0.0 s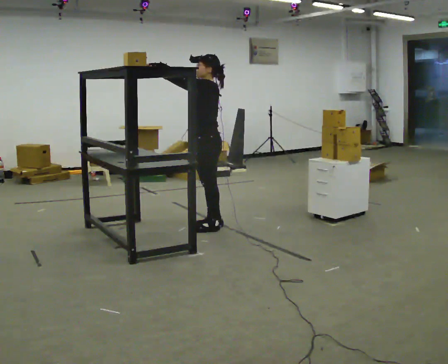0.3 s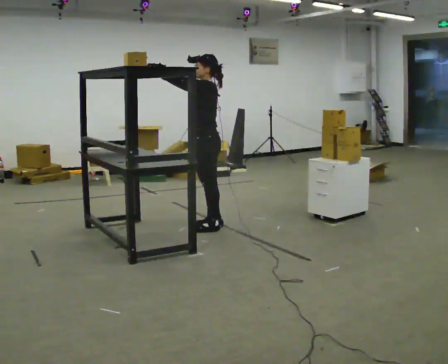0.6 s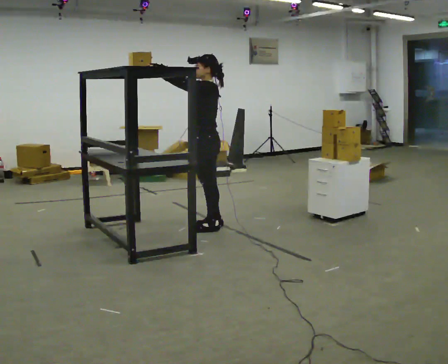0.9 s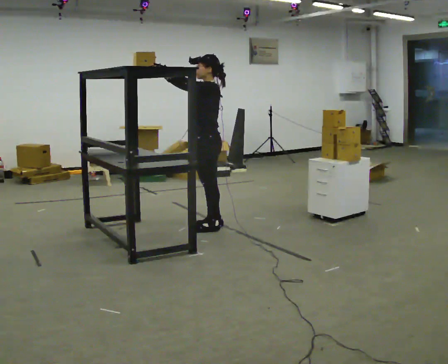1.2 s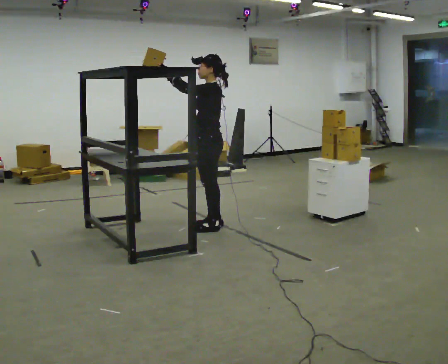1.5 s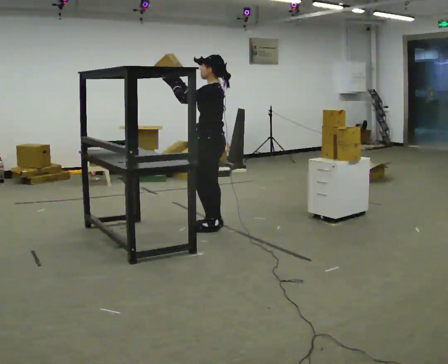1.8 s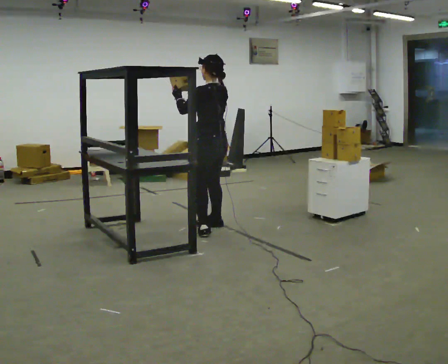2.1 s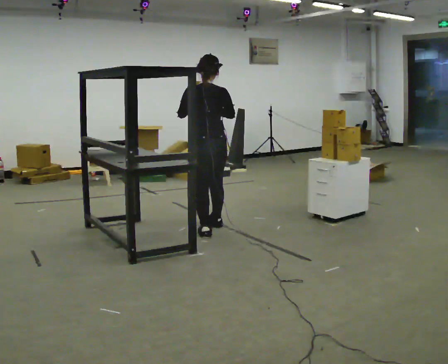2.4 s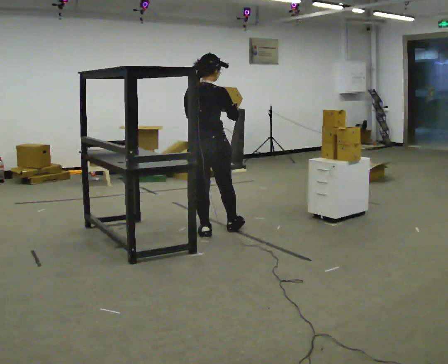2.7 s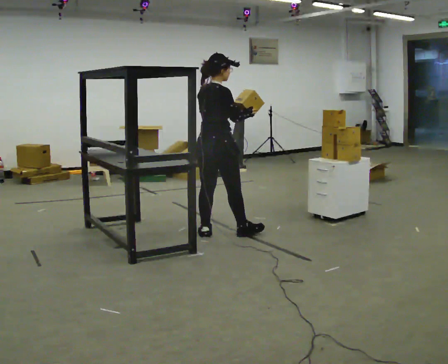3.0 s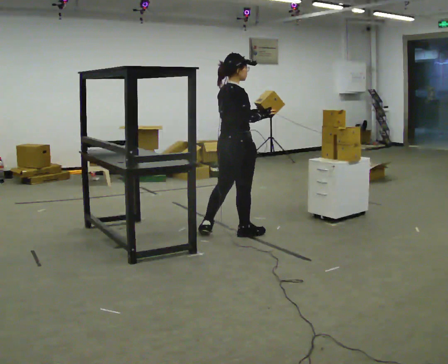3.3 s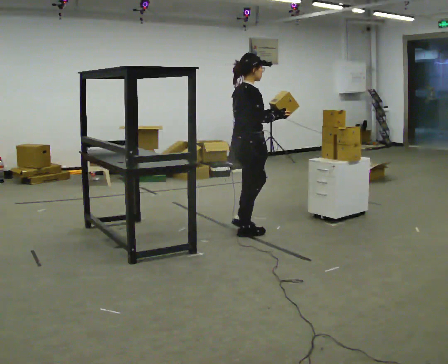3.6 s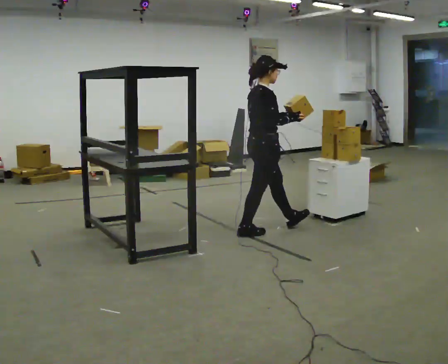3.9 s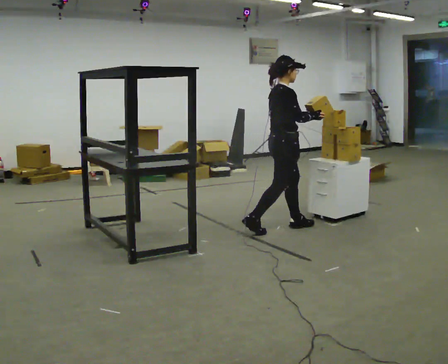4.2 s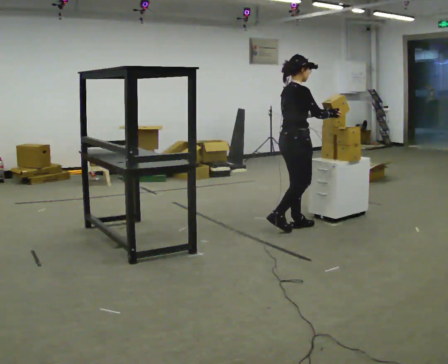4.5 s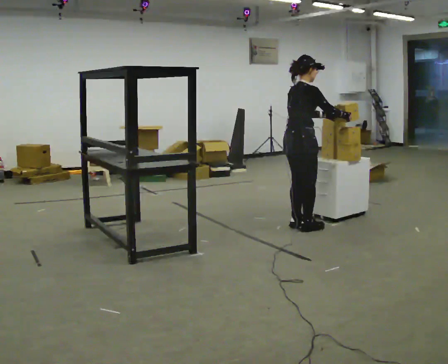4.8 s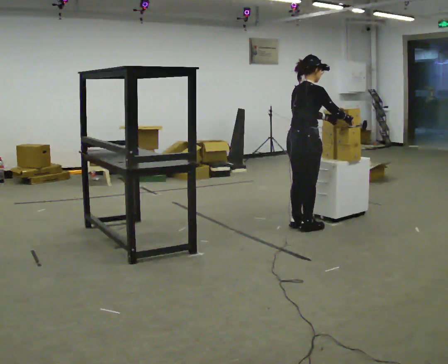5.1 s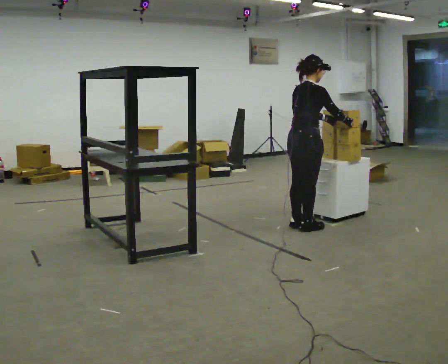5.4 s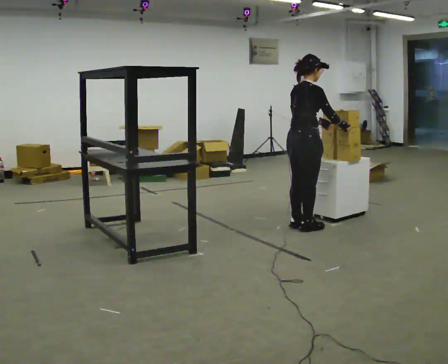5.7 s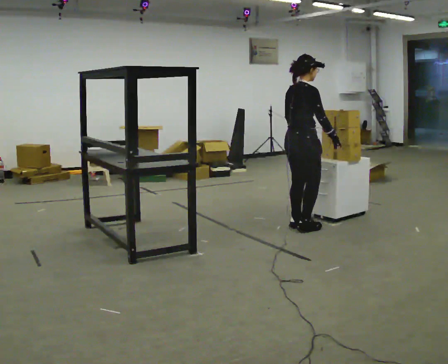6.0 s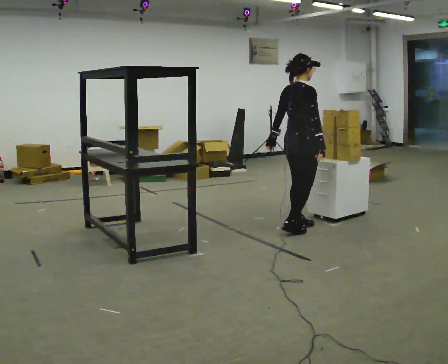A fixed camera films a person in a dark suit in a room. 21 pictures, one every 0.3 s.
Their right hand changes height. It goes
downward.
The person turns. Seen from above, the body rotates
clockwise.
0.0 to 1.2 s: The person moves a little, or ends about where they began.
1.2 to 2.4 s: Seen from above the body turns clockwise, about 120 degrees: to their right, with its near side sliding to the left. In the picture they go toward the camera, about 0.25 m in 1 step. In the picture their right hand goes downward.
2.4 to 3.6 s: The part of the body nearest the lens slides to the left as the person turns to their right by about 60 degrees. In the picture they go to the right, about 0.5 m in 1 step, which for them is forward and to their right.
3.6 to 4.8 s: In the picture they go to the right, about 0.5 m in 2 steps, which for them is forward.
4.8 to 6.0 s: In the picture their left hand goes to the left, the arm swinging clockwise.
The film runs forward here.
